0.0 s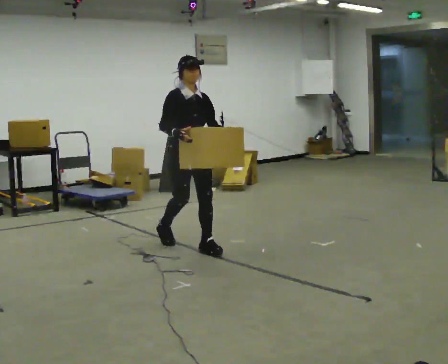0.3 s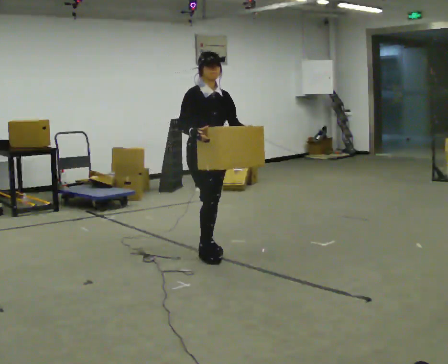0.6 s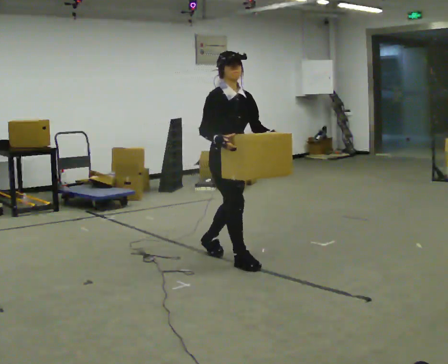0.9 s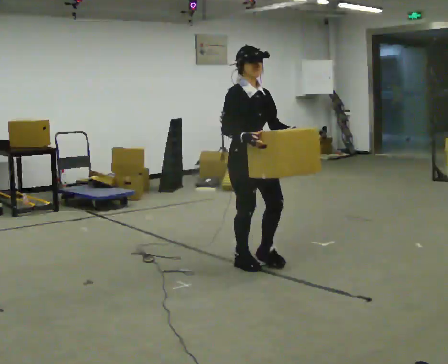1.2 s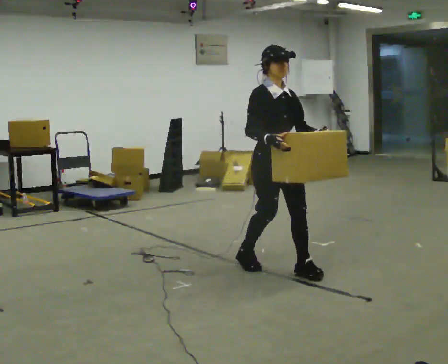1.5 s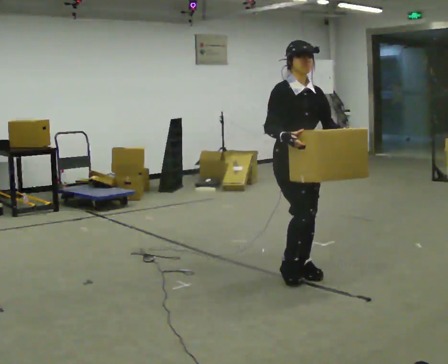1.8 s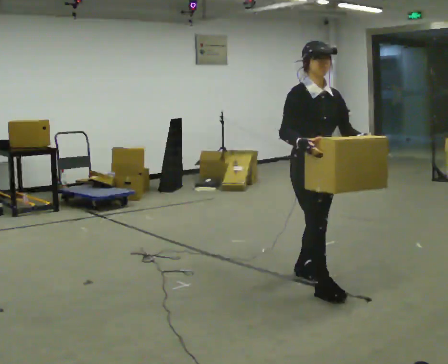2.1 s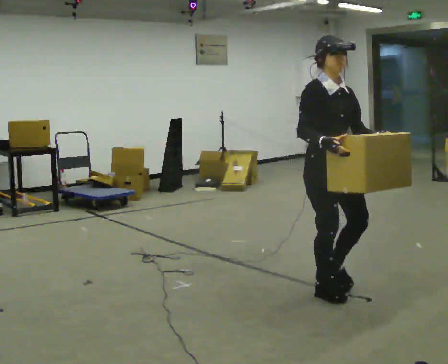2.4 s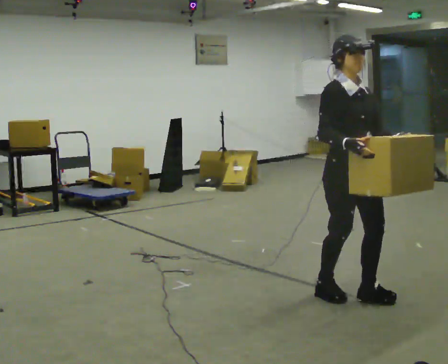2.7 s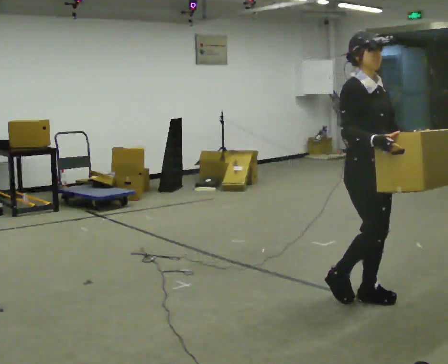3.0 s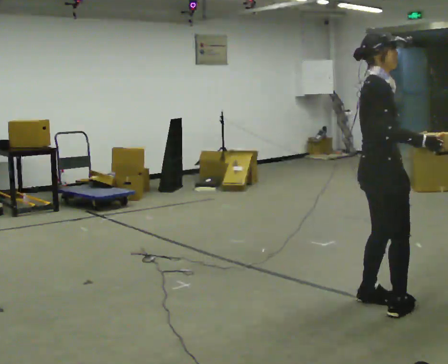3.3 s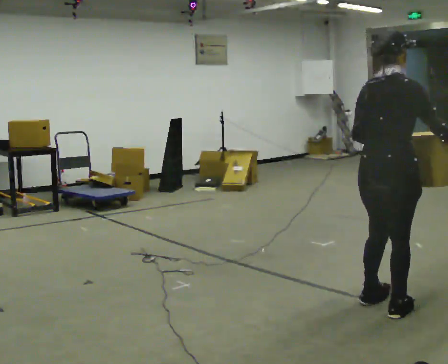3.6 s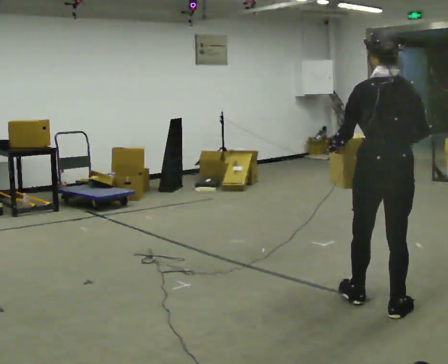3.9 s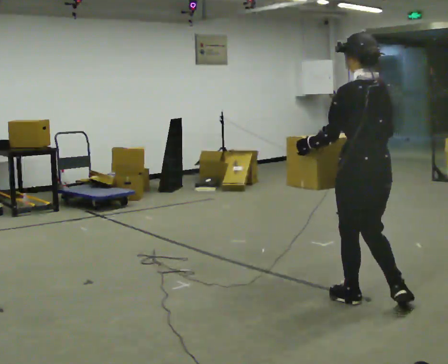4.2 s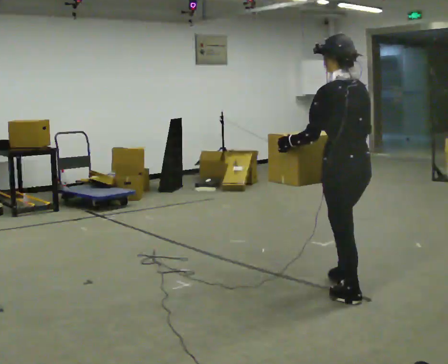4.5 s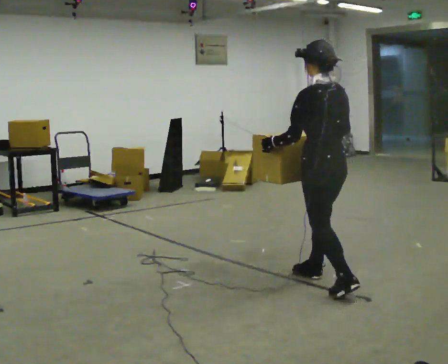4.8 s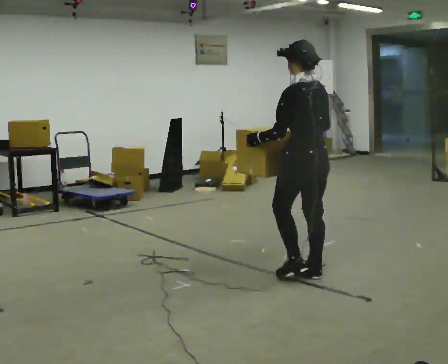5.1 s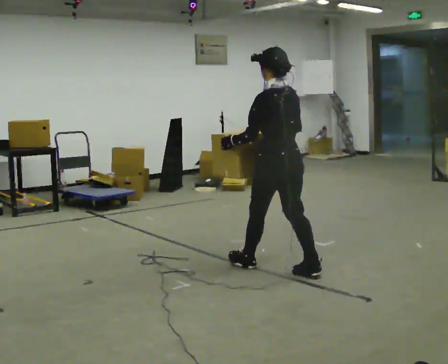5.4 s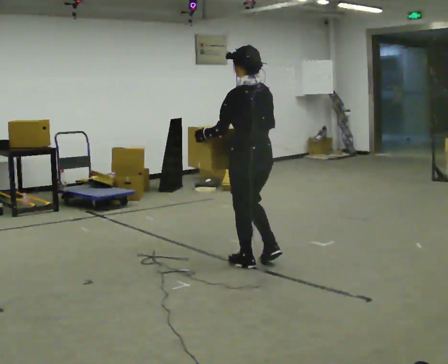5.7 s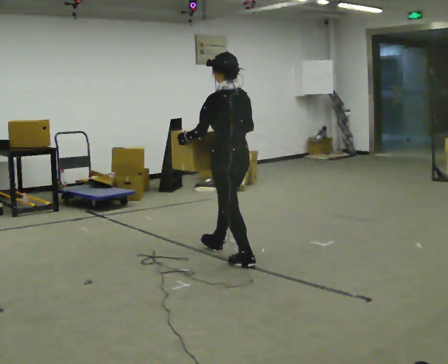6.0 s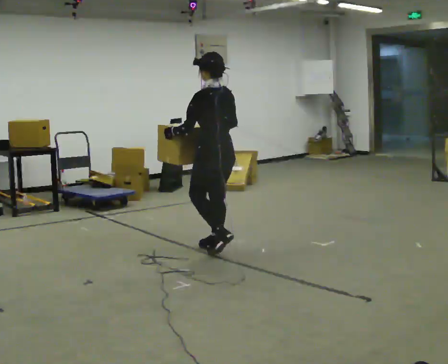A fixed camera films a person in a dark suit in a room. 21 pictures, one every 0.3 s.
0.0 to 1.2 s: In the picture they go to the right and toward the camera, about 1 m in 2 steps, which for them is forward.
1.2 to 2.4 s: In the picture they go toward the camera and to the right, about 0.5 m in 2 steps, which for them is forward.
2.4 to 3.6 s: The part of the body nearest the lens slides to the right as the person turns to their left by about 150 degrees. In the picture they go to the right and toward the camera, about 0.25 m in 1 step.
3.6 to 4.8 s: Seen from above the body turns counterclockwise, about 30 degrees: to their left, with its near side sliding to the right. In the picture they go away from the camera and to the left, about 1 m in 1 step, which for them is forward.
4.8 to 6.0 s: In the picture they go to the left and away from the camera, about 1 m in 2 steps, which for them is forward.
The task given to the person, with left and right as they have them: Carry the large light object across the room, back and forth. It is awkward rather than heavy, so hold it however works.
The film runs forward here.
